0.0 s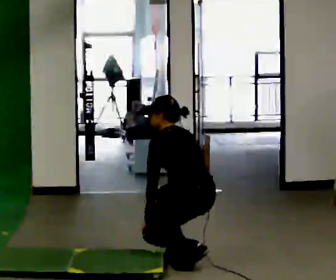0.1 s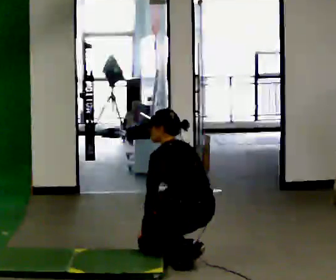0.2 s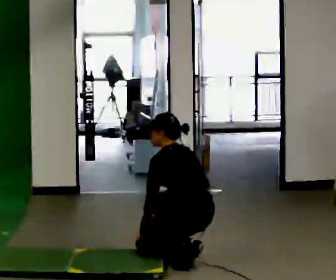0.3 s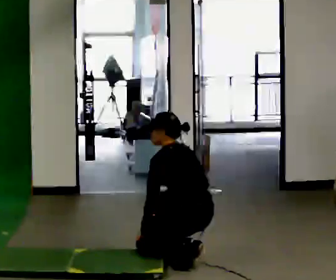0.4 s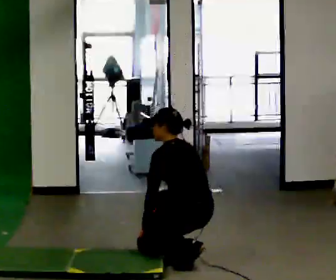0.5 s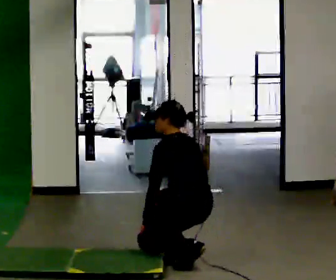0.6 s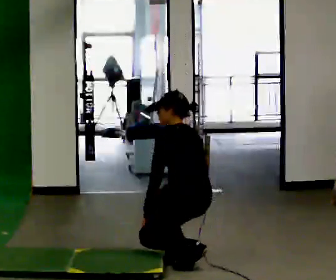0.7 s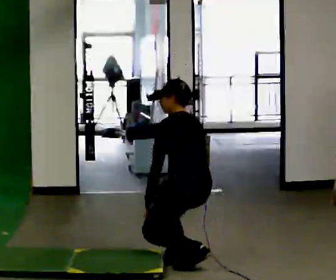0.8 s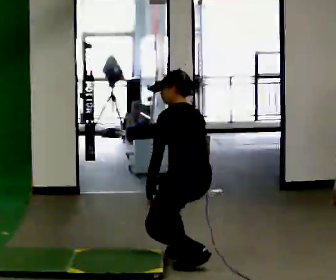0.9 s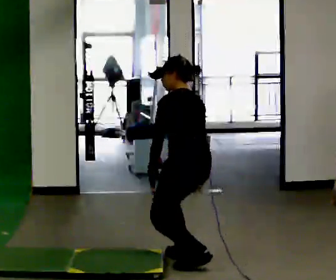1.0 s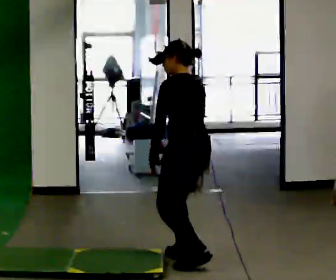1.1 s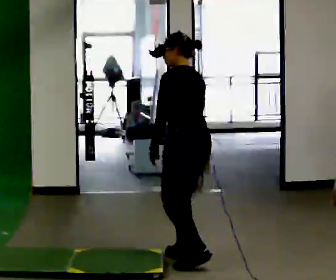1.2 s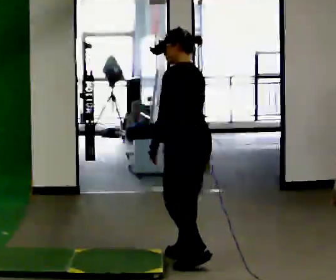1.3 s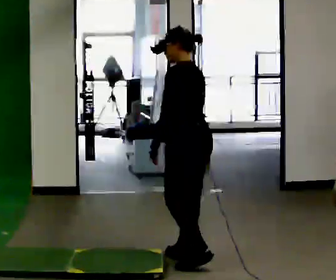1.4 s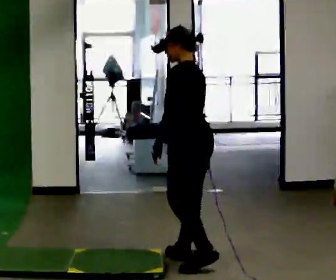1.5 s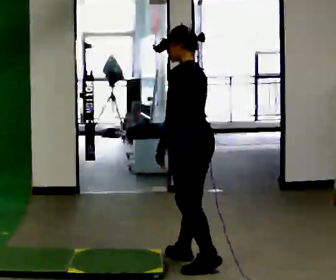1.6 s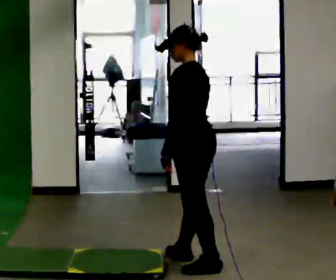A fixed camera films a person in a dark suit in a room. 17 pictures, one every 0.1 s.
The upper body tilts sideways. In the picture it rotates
clockwise.
0.0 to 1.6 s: In the picture the upper body tilts clockwise, shoulders to the right, as they lean back or straighten.
The film runs backward here.
